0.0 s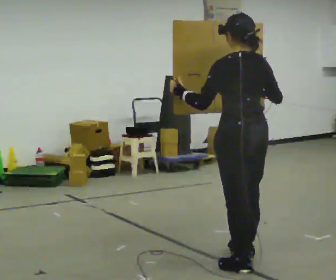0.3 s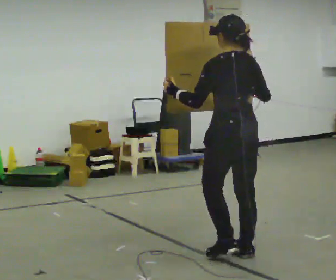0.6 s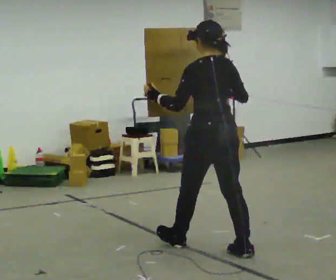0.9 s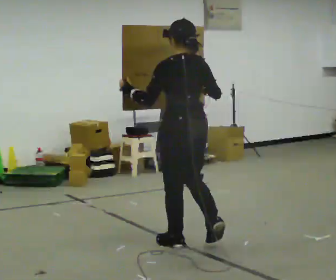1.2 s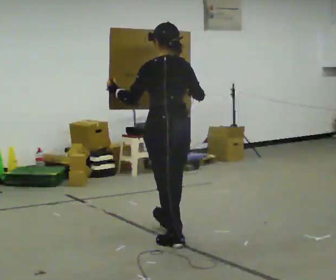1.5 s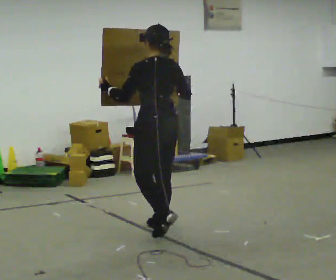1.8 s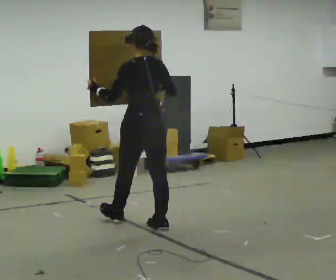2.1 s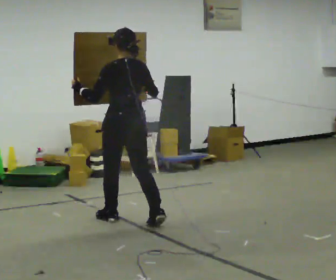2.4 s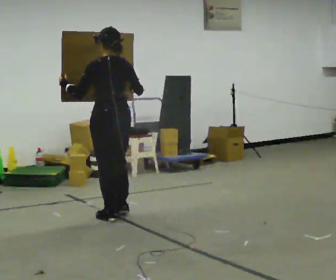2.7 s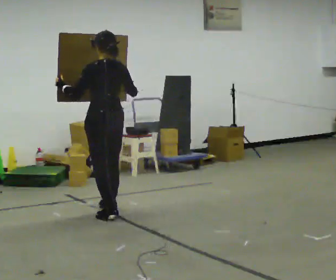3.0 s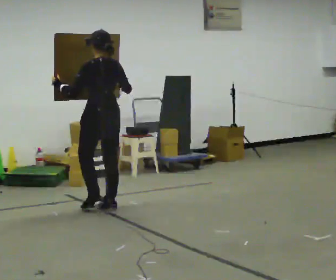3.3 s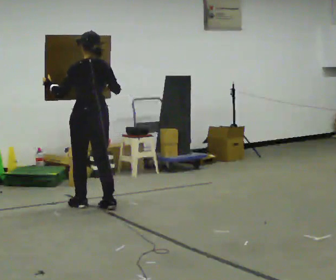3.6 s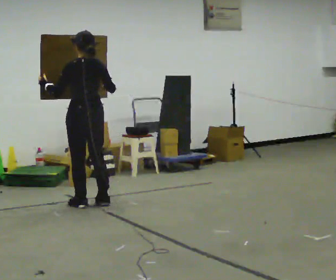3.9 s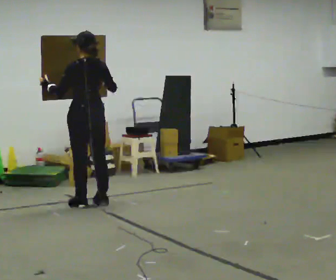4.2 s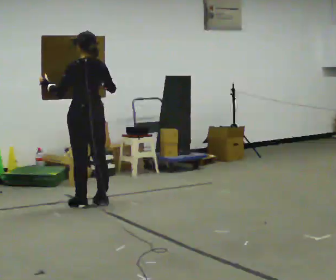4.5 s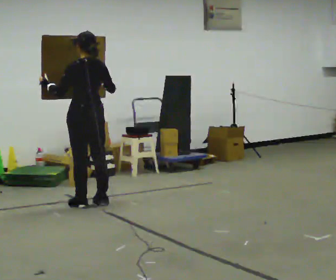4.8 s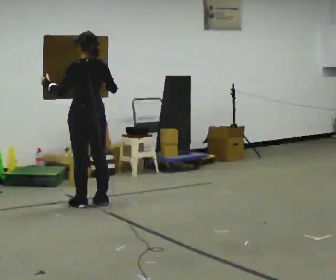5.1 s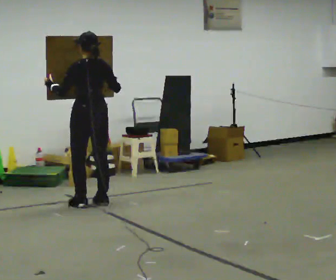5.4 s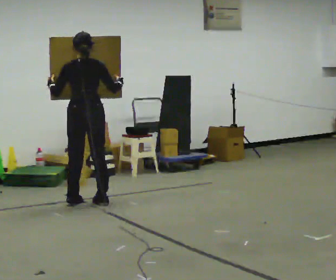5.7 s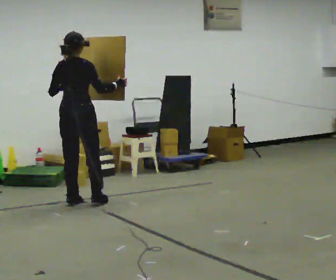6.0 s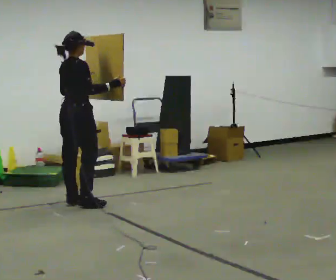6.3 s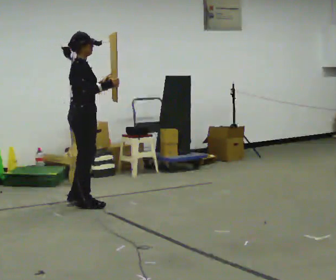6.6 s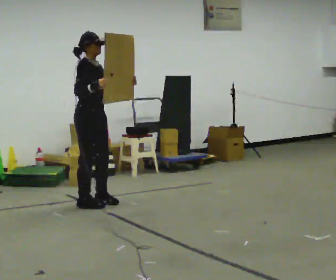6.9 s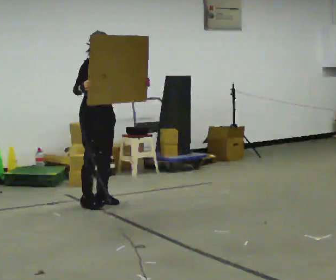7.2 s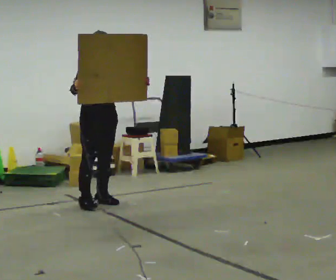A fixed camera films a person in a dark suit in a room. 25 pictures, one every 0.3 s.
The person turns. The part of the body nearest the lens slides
to the left.
The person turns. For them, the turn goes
to their right.
0.0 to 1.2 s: In the picture they go away from the camera and to the left, about 1 m in 1 step, which for them is forward.
1.2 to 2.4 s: In the picture they go away from the camera and to the left, about 1 m in 2 steps, which for them is forward.
2.4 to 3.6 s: In the picture they go away from the camera and to the left, about 0.5 m in 2 steps, which for them is forward.
3.6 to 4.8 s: The person moves a little, or ends about where they began.
4.8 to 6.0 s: The part of the body nearest the lens slides to the left as the person turns to their right by about 90 degrees.
6.0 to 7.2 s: The part of the body nearest the lens slides to the left as the person turns to their right by about 90 degrees. In the picture they go to the right, about 0.25 m in 1 step. In the picture their right hand goes to the left.
The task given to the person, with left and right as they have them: Carry the large panel across the room. It will block your view ahead, so take whatever route feels safe. Keep going until the operator says stop; one object at a time, and do not rush between trips.
The film runs forward here.
